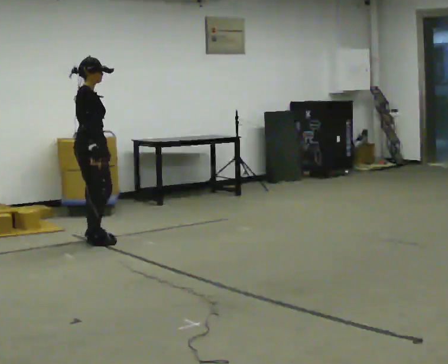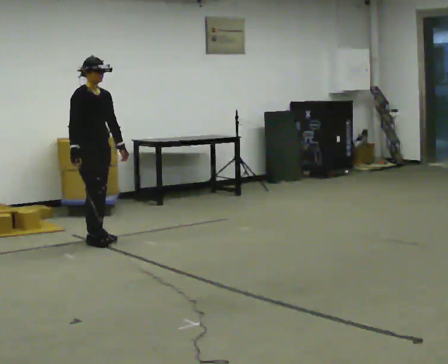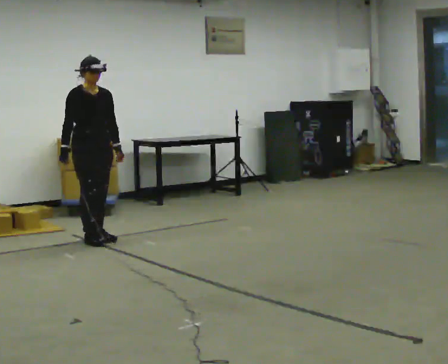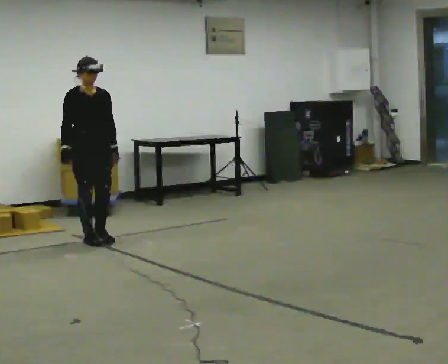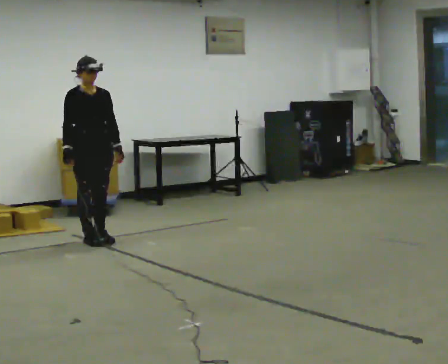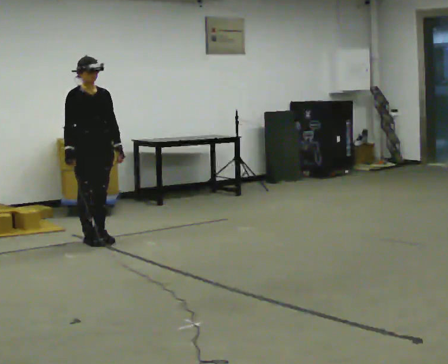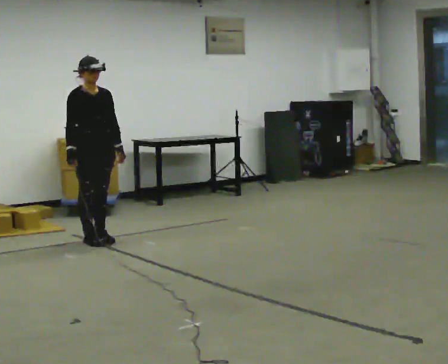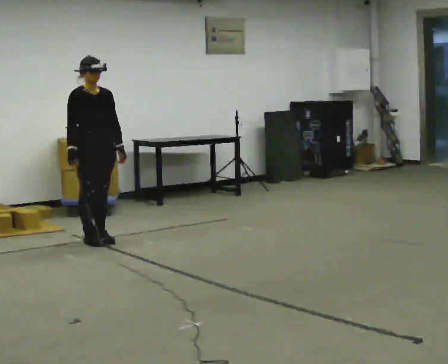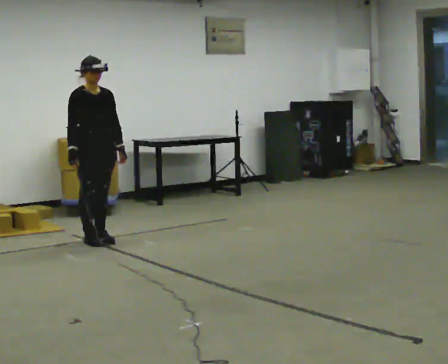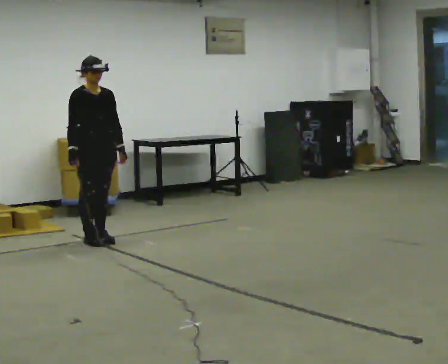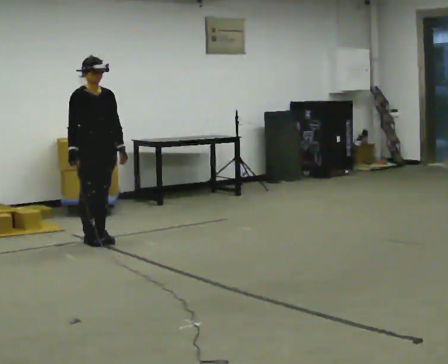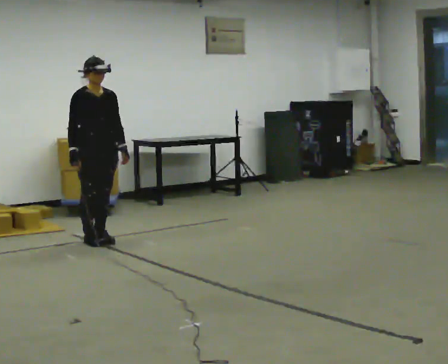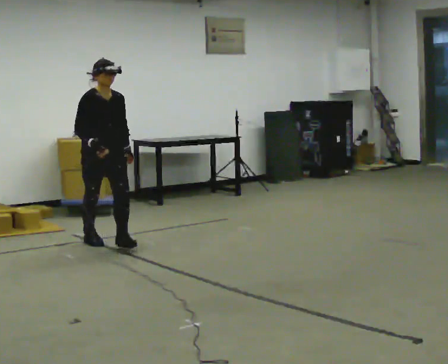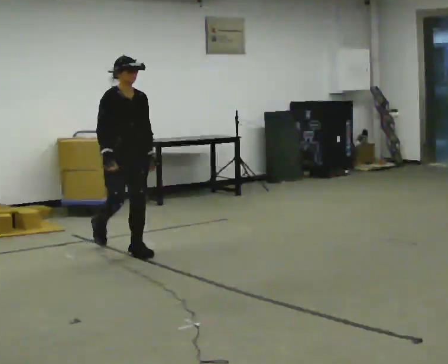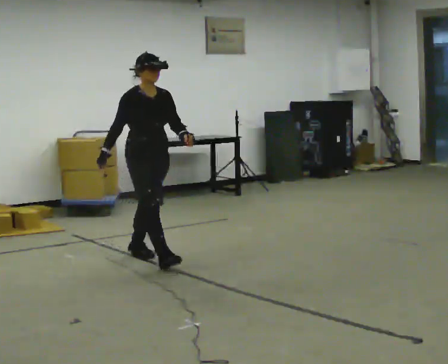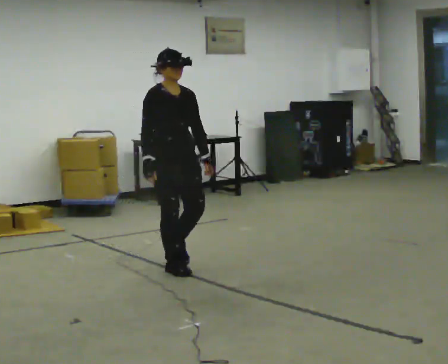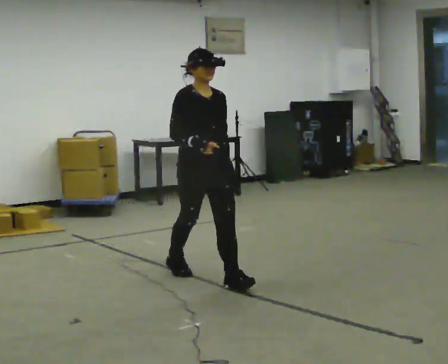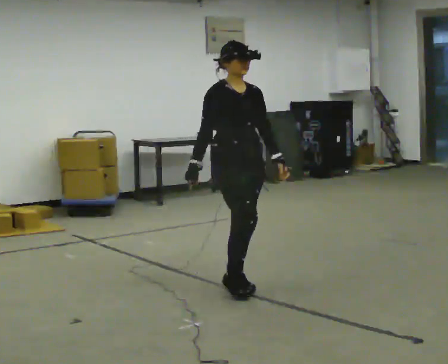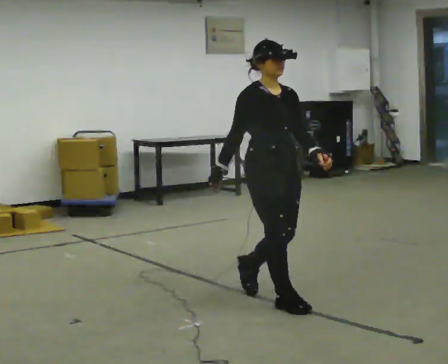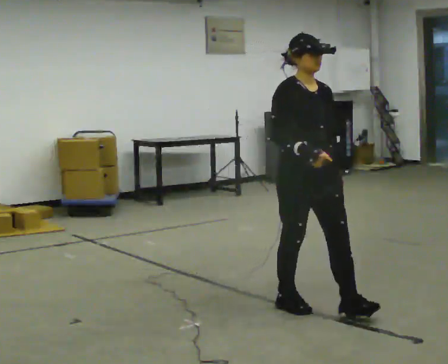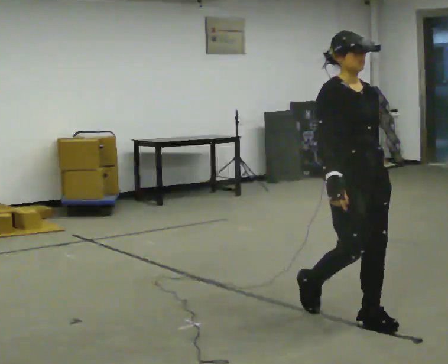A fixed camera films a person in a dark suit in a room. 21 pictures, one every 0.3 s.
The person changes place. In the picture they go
toward the camera.
0.0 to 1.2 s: Seen from above the body turns clockwise, about 45 degrees: to their right, with its near side sliding to the left.
1.2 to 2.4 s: The person moves a little, or ends about where they began.
2.4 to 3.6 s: In the picture they go toward the camera, about 0.25 m, which for them is forward.
3.6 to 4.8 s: In the picture they go toward the camera and to the right, about 1.5 m in 3 steps, which for them is forward.
4.8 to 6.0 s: In the picture they go toward the camera and to the right, about 1.5 m in 2 steps, which for them is forward.
The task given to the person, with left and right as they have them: Walk normally; at marked point stop as quickly as comfortably possible; remain still.
The film runs forward here.
